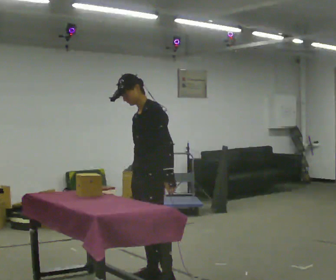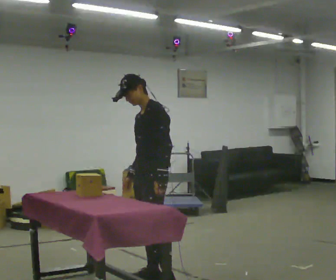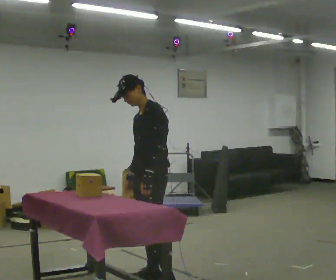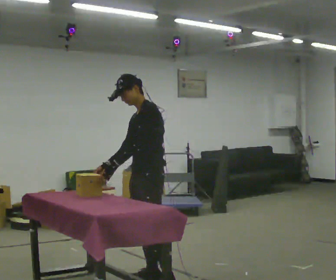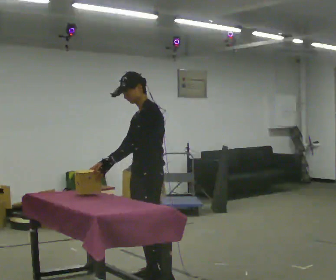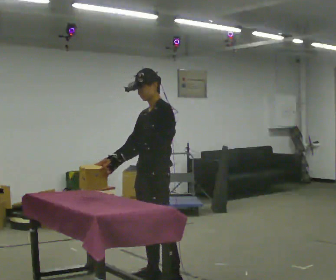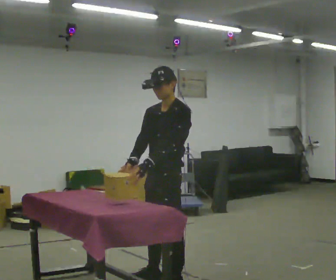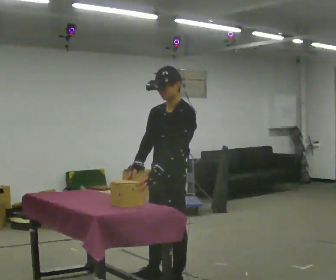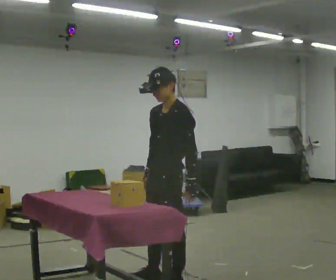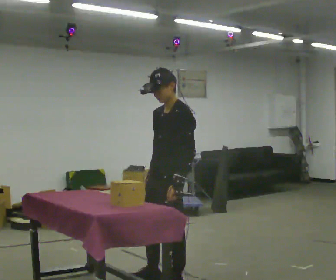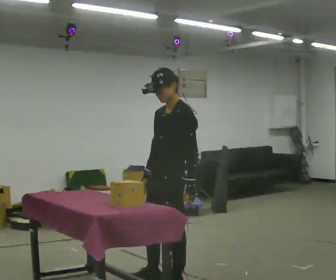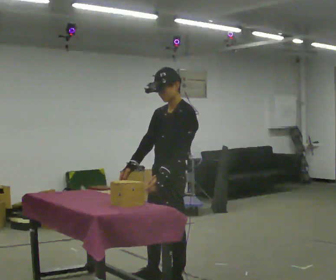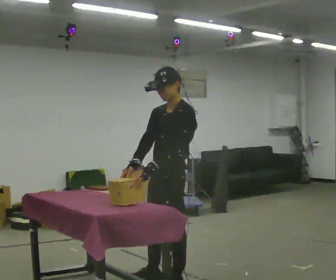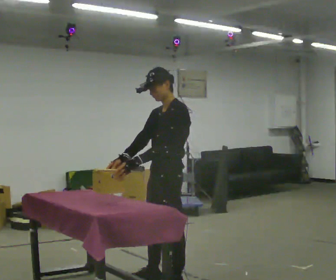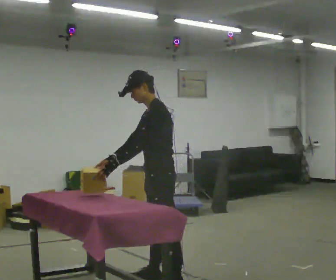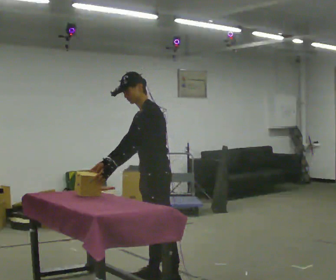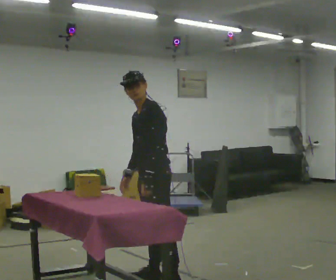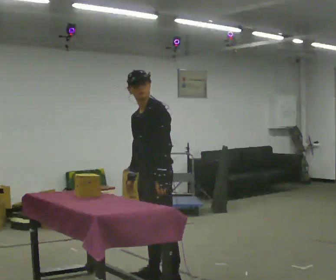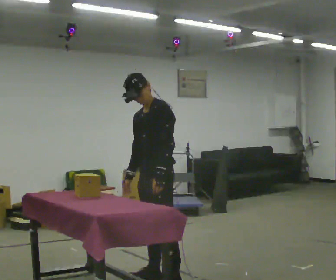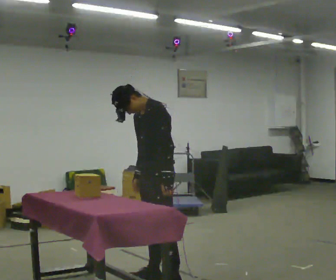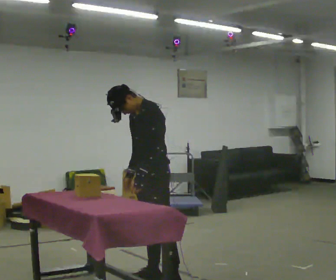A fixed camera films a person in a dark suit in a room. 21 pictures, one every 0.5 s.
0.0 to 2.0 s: In the picture their left hand goes to the left, the arm swinging clockwise.
2.0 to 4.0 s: In the picture they go toward the camera, about 0.25 m, which for them is to their left. In the picture their left hand goes to the right, the arm swinging counterclockwise.
4.0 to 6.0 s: The person moves a little, or ends about where they began.
6.0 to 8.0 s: In the picture they go away from the camera, about 0.25 m, which for them is to their right. In the picture the upper body tilts counterclockwise, shoulders to the left.
8.0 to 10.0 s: The person moves a little, or ends about where they began.
The film runs forward here.
